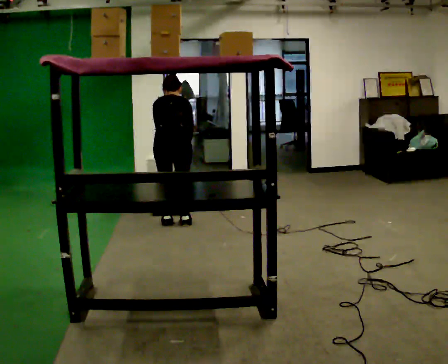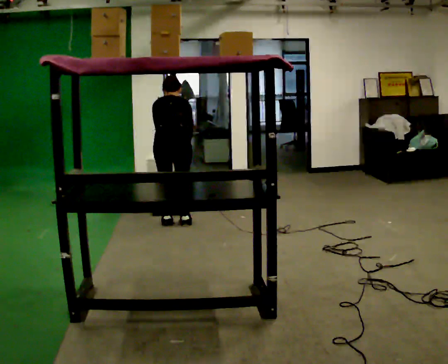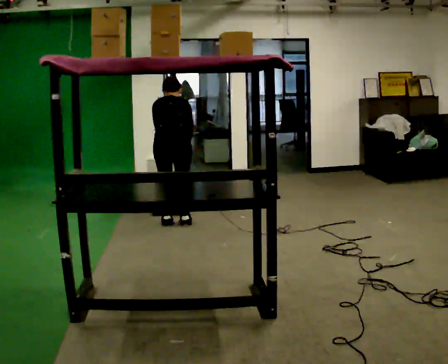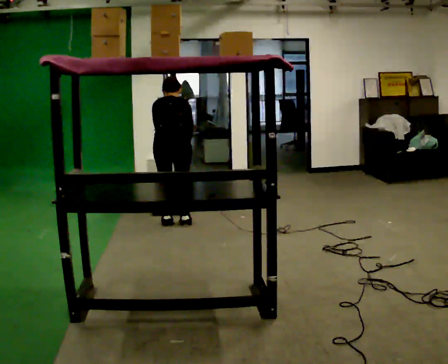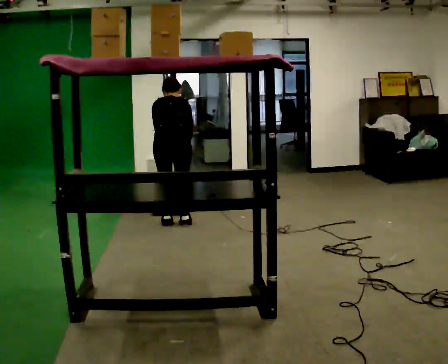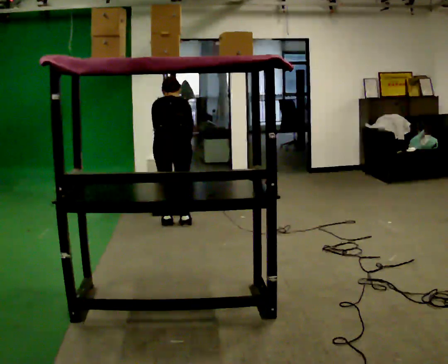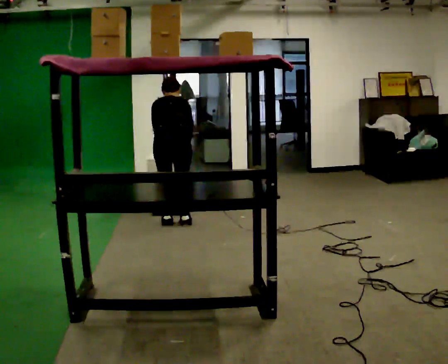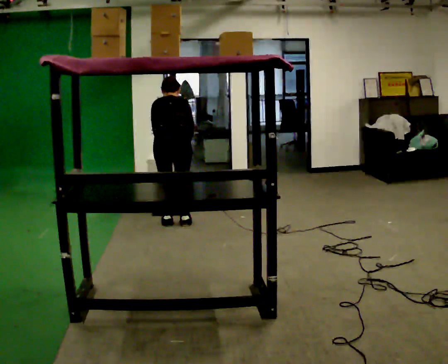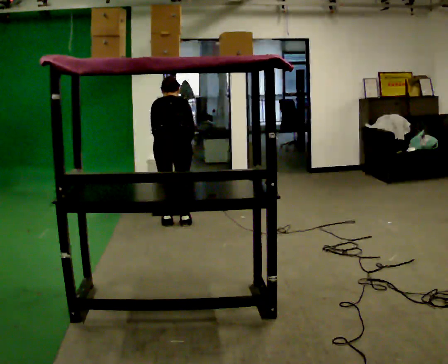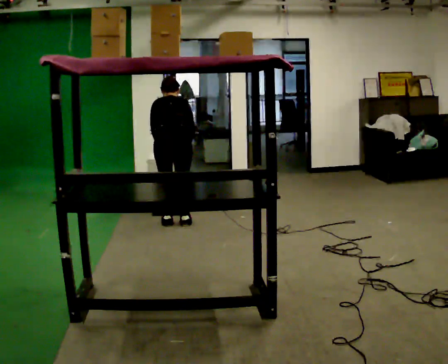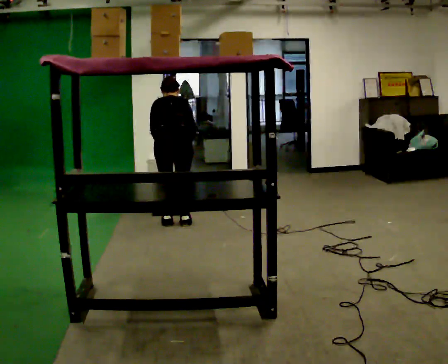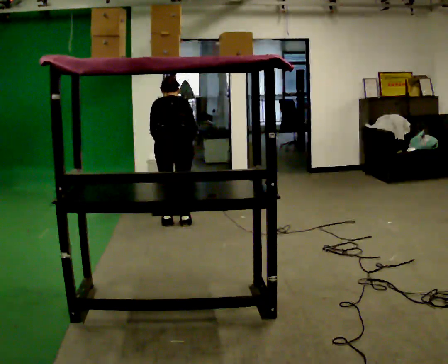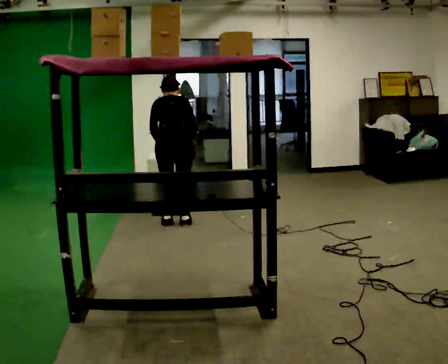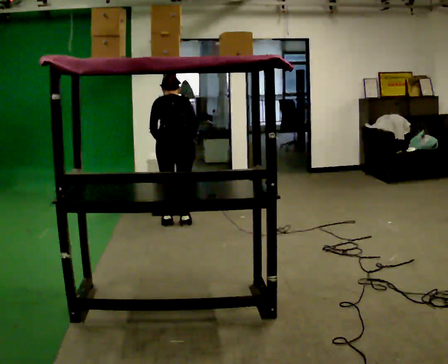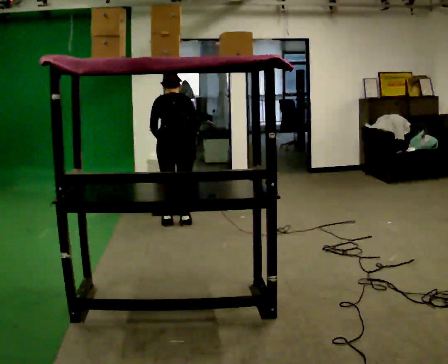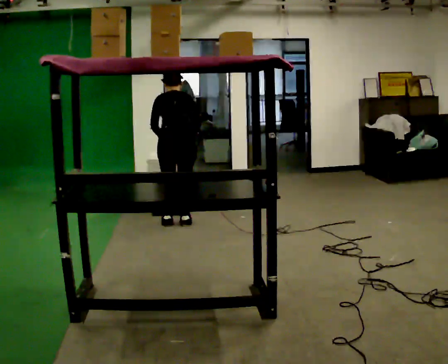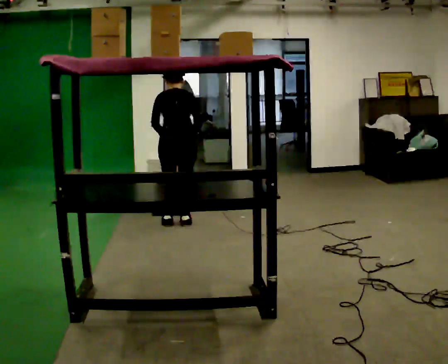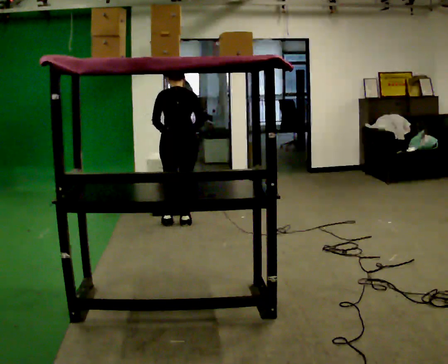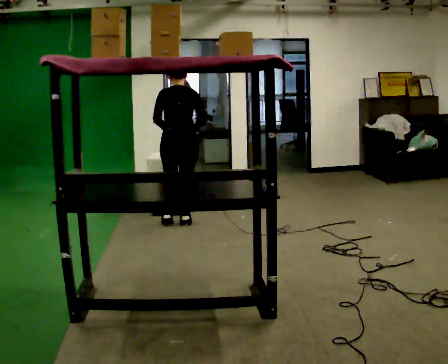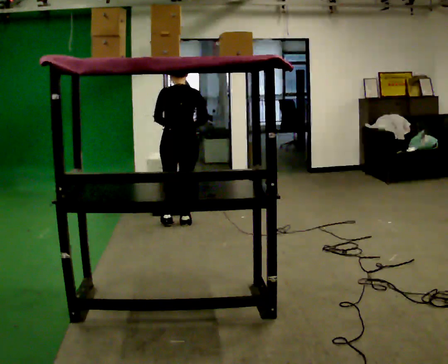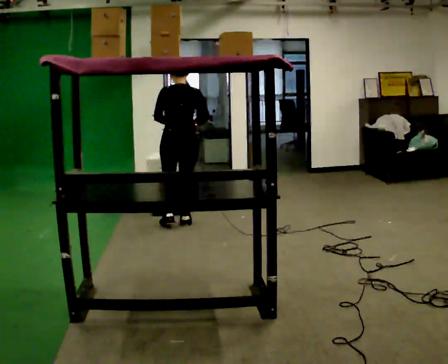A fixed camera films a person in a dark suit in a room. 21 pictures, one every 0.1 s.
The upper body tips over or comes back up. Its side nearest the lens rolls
downward.
0.0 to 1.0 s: The person moves a little, or ends about where they began.
1.0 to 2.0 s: The upper body tips toward the camera, its near side rolling downward, as they lean back or straighten.
The film runs backward here.
